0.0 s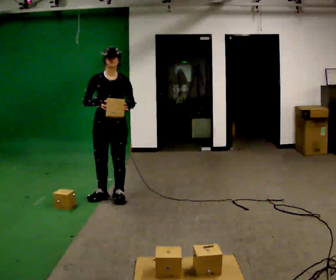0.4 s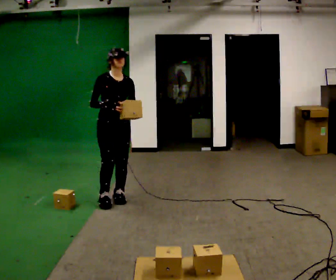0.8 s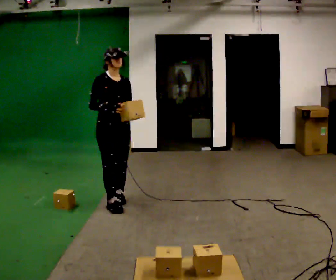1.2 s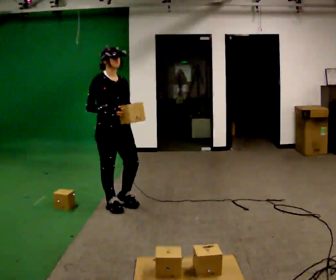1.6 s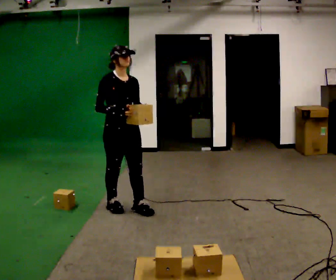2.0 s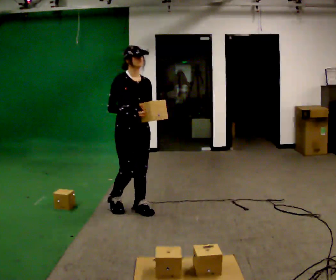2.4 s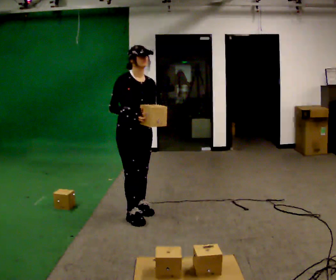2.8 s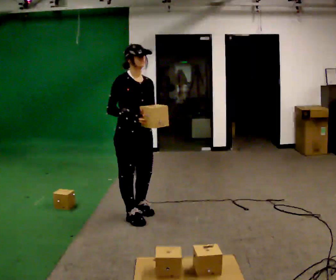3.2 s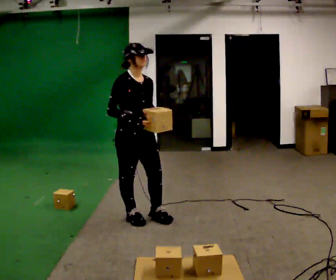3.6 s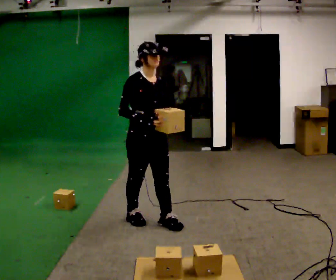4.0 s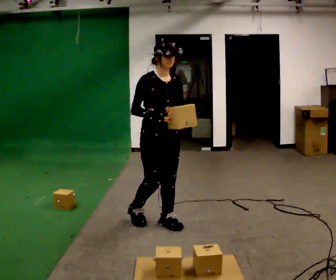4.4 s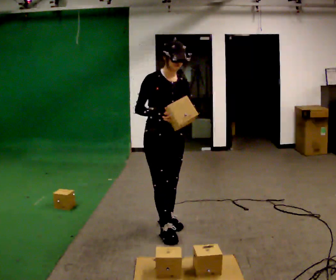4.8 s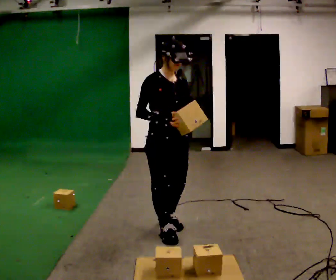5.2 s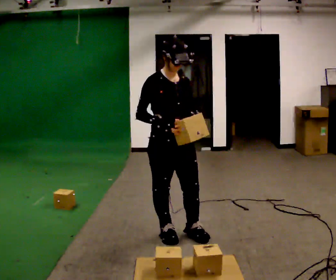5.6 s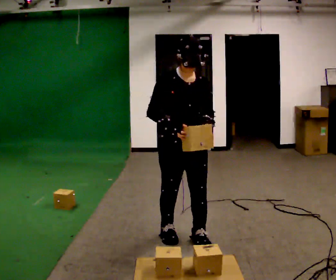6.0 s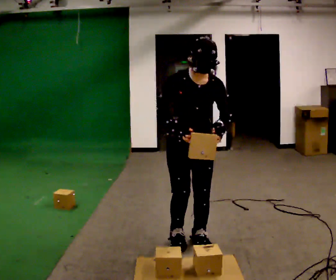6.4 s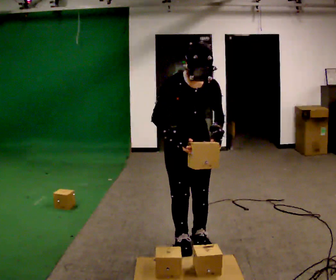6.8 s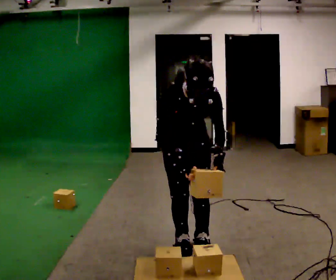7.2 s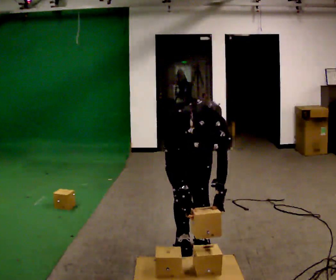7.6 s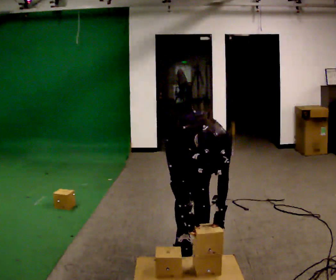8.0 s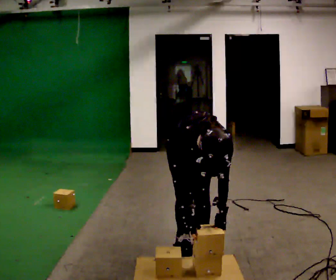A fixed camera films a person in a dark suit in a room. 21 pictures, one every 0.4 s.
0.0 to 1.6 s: The person turns about 30 degrees to their left, counterclockwise seen from above, so the part of the body nearest the lens slides to the right. In the picture they go toward the camera and to the right, about 0.25 m in 2 steps, which for them is forward.
1.6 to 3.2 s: In the picture they go toward the camera and to the right, about 0.25 m in 1 step, which for them is forward.
3.2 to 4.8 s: In the picture they go to the right and toward the camera, about 0.5 m in 2 steps, which for them is forward.
4.8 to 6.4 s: In the picture they go to the right and toward the camera, about 0.25 m in 2 steps, which for them is forward. The upper body tips toward the camera, its near side rolling downward, as they bend forward.
6.4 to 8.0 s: The upper body goes downward. The upper body tips toward the camera, its near side rolling downward, as they bend forward. In the picture their left hand goes downward.
The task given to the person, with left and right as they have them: Carry the boxes over one at a time and lay them out on the pallet in the pattern the operator shows you. Keep going until the operator says stop; one object at a time, and do not rush between trips.
The film runs forward here.
